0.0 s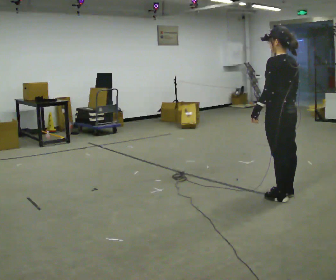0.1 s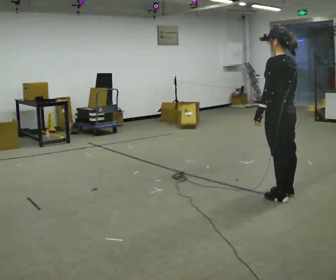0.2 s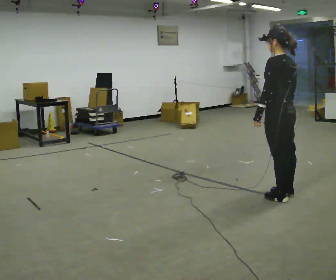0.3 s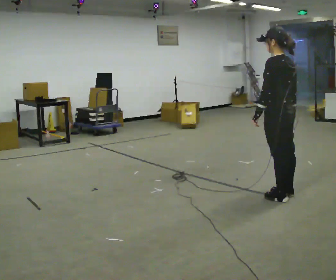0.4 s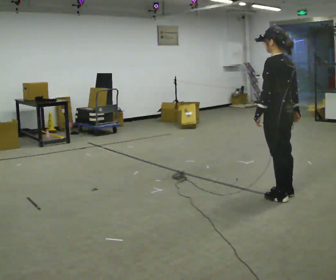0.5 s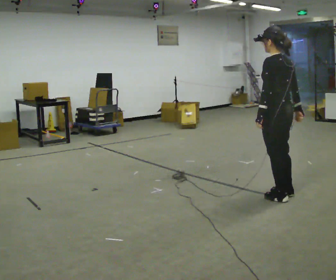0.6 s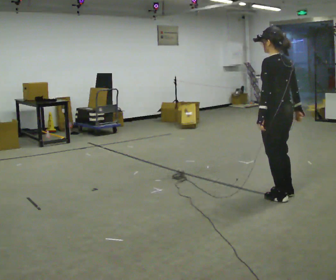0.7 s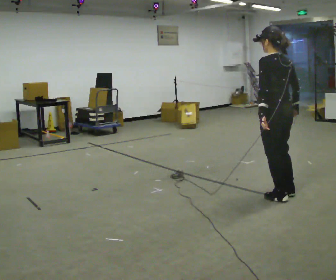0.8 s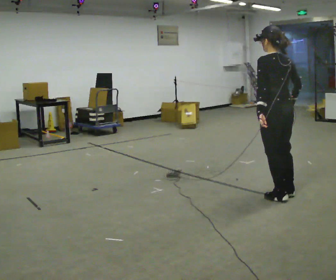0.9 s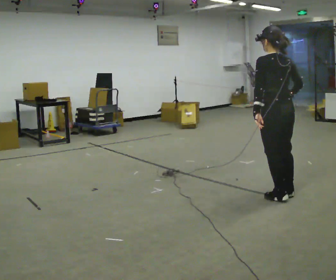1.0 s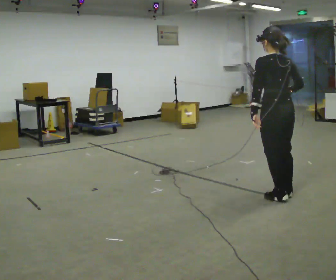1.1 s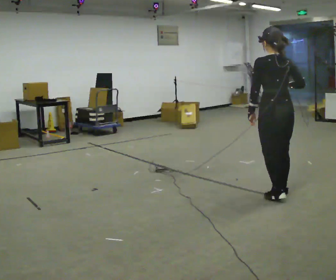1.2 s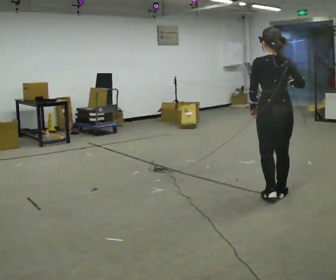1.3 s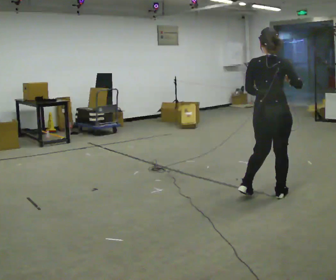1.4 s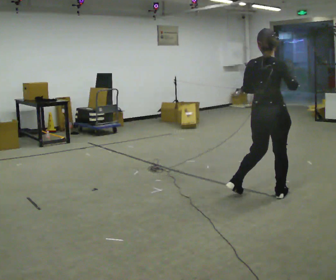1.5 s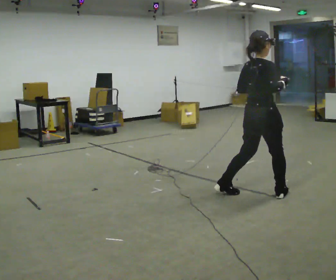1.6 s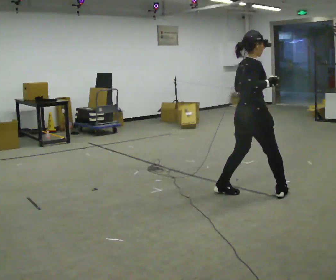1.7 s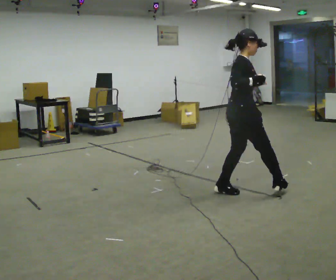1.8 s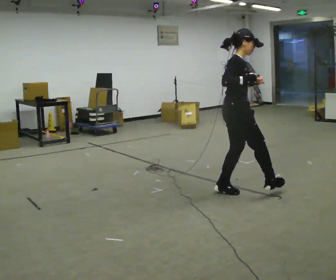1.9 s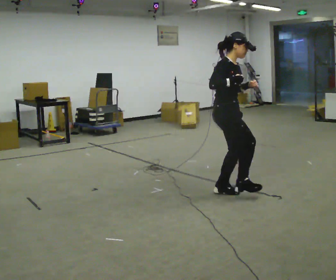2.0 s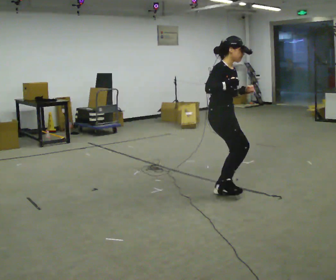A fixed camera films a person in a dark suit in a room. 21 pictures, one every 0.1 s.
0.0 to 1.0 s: The person moves a little, or ends about where they began.
1.0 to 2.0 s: The person turns about 135 degrees to their right, clockwise seen from above, so the part of the body nearest the lens slides to the left. In the picture they go to the left, about 0.5 m in 2 steps.
The film runs backward here.
